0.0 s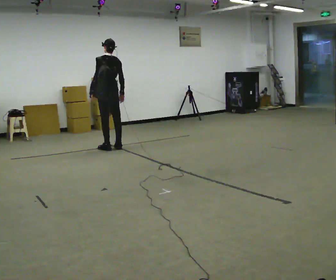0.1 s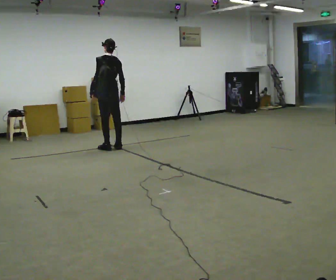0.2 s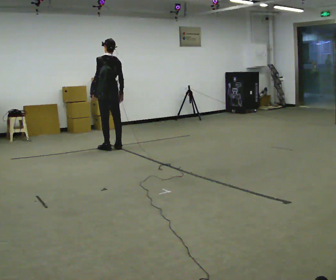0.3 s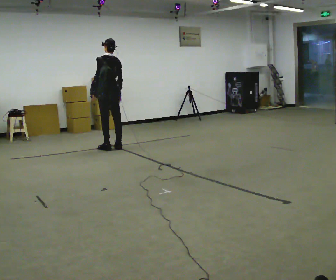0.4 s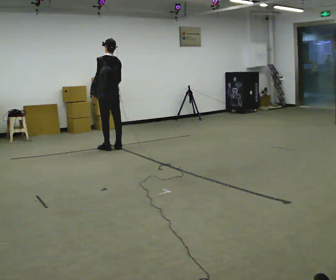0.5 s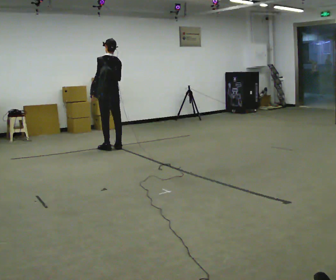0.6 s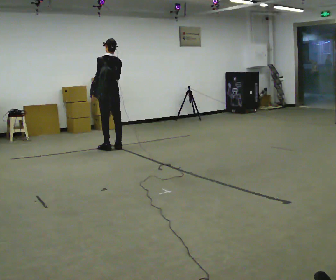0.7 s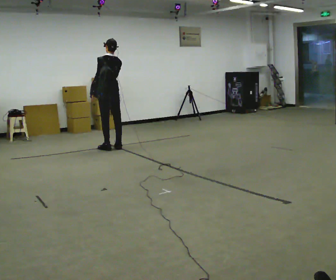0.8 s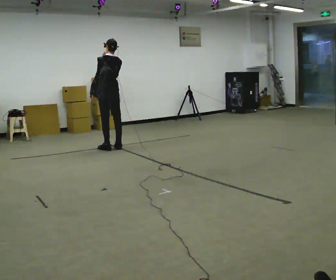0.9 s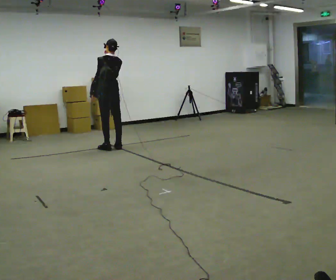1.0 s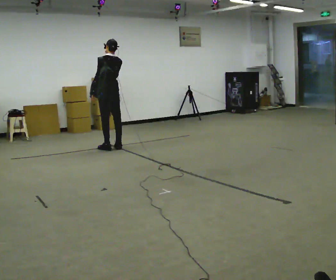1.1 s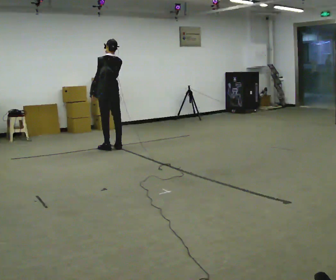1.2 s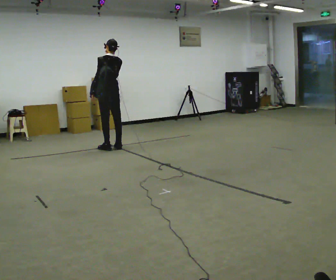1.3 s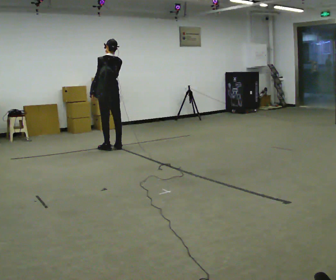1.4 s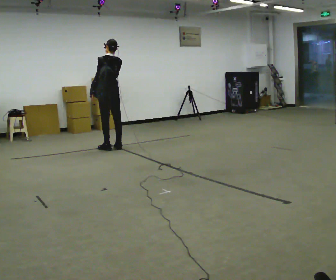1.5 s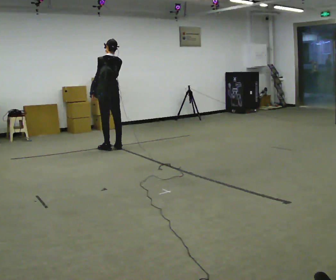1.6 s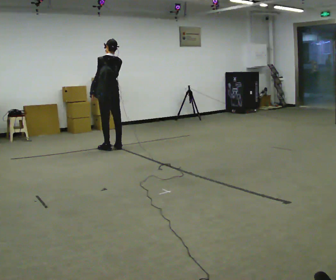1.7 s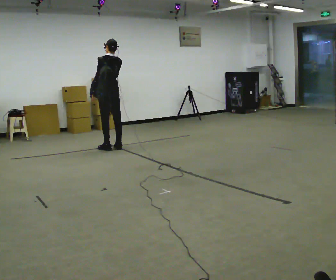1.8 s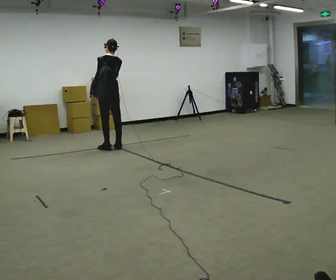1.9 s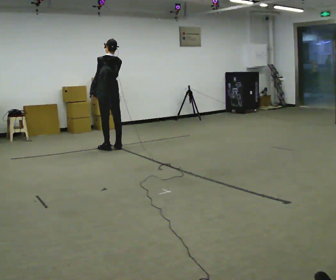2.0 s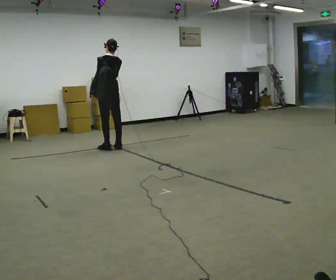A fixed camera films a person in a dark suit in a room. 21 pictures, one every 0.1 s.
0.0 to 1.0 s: In the picture their right hand goes upward.
1.0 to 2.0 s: The person keeps their place and pose.
The film runs backward here.
